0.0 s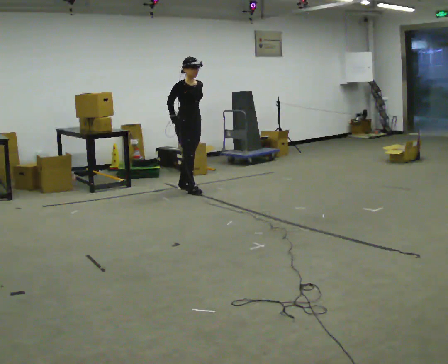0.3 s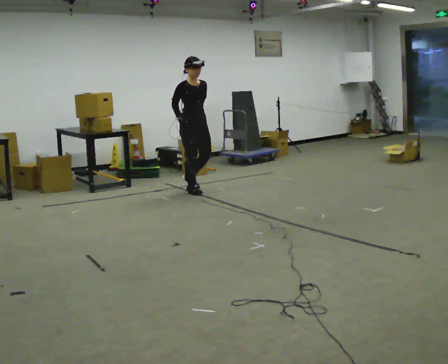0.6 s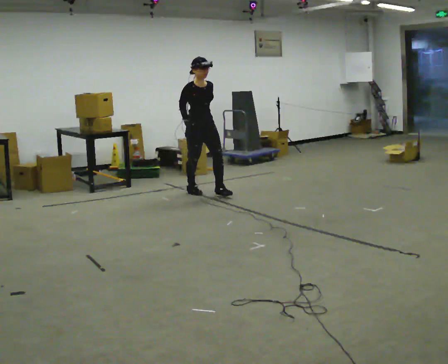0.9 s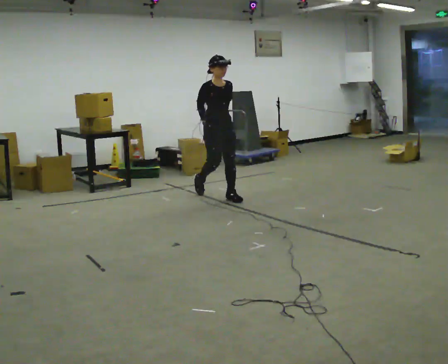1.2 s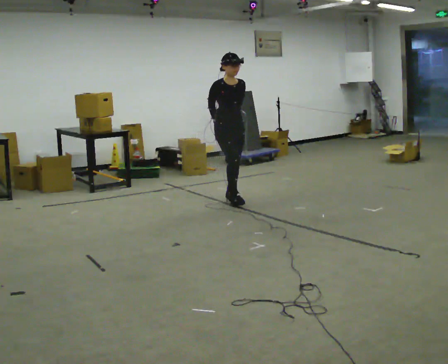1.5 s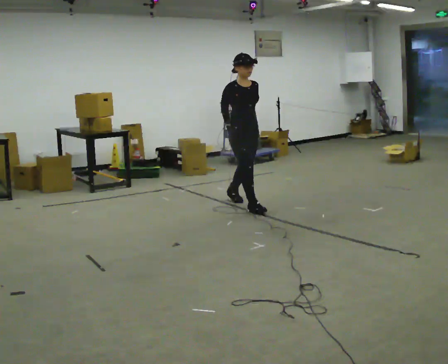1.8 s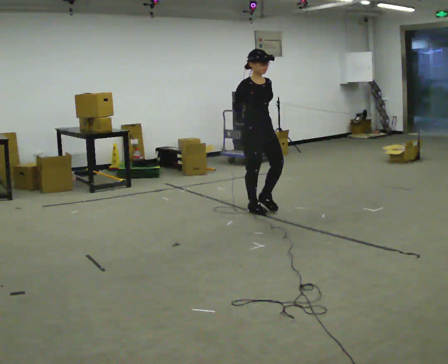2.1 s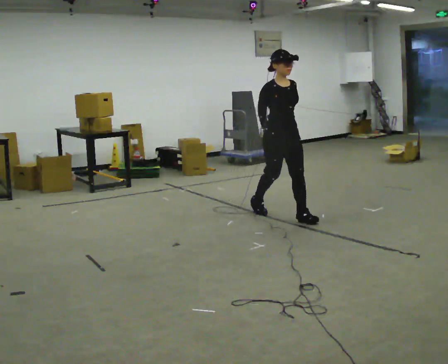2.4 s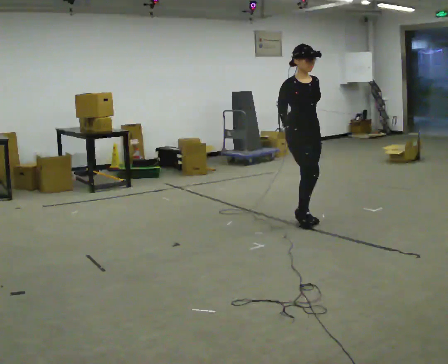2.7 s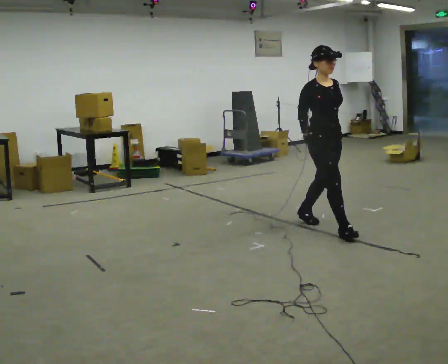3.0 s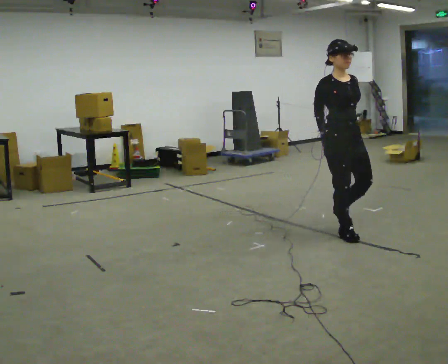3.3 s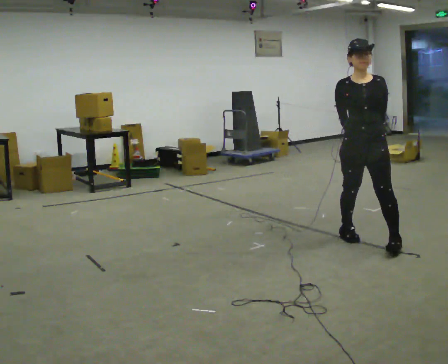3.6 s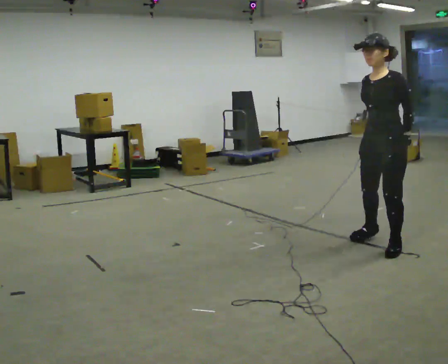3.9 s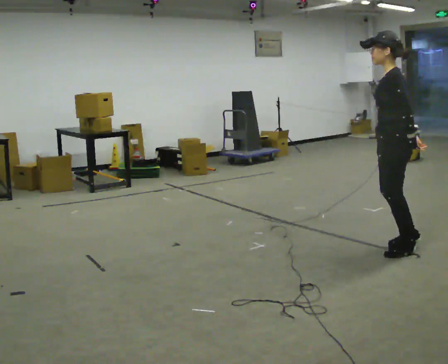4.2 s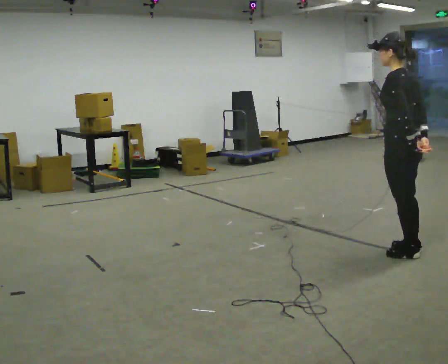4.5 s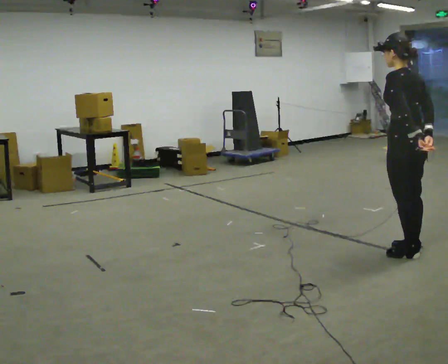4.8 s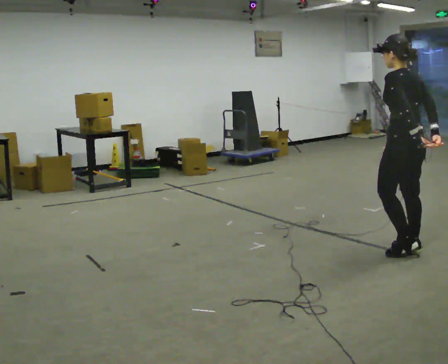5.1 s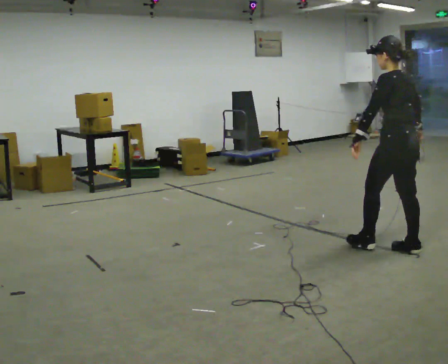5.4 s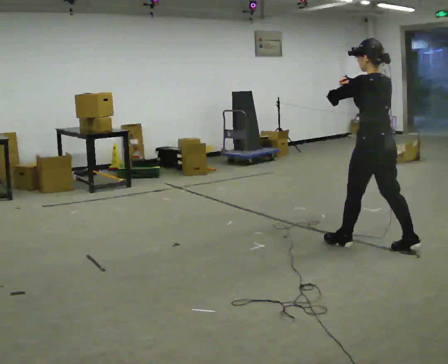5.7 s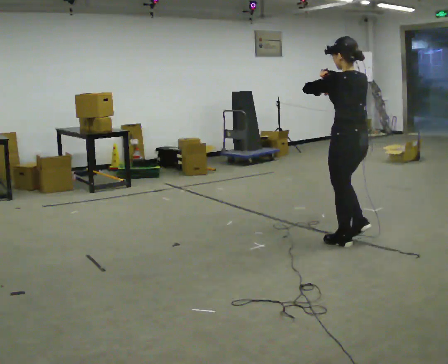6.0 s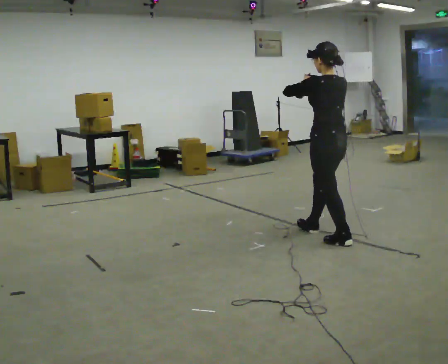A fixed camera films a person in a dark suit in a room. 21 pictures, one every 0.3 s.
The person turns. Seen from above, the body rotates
clockwise.
The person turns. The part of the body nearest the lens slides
to the left.
0.0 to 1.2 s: In the picture they go to the right and toward the camera, about 1 m in 1 step, which for them is forward.
1.2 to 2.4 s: In the picture they go to the right and toward the camera, about 1 m in 2 steps, which for them is forward.
2.4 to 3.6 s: The person turns about 90 degrees to their right, clockwise seen from above, so the part of the body nearest the lens slides to the left. In the picture they go toward the camera and to the right, about 1 m in 2 steps.
3.6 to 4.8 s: The part of the body nearest the lens slides to the left as the person turns to their right by about 90 degrees.
4.8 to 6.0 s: In the picture they go to the left and away from the camera, about 0.75 m in 2 steps, which for them is forward. In the picture their right hand goes upward.
The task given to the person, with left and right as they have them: Walk normally but hold both hands together in front of you at chest height; do not swing your arms; stop.
The film runs forward here.
